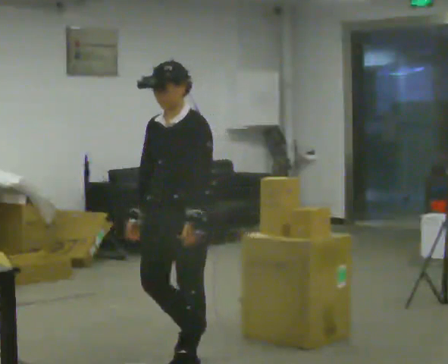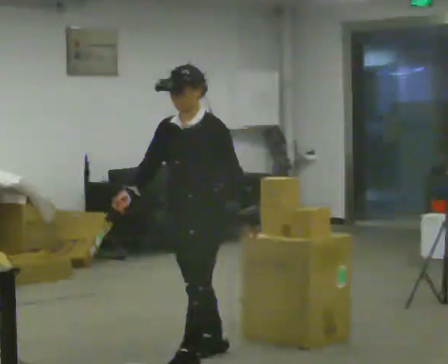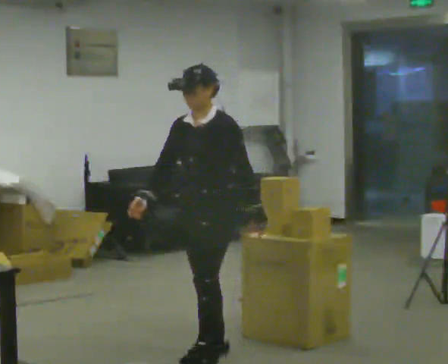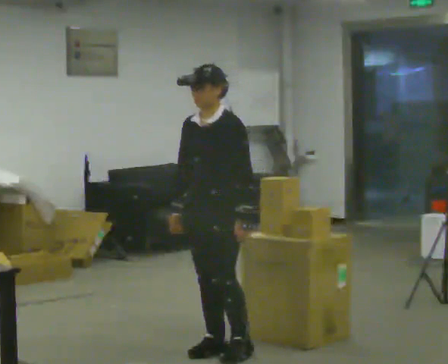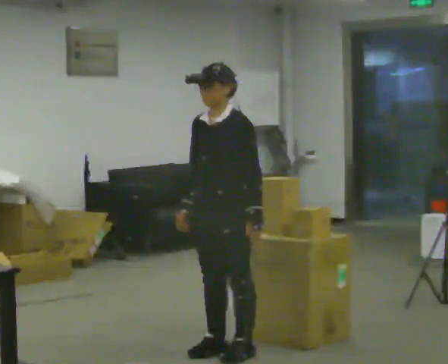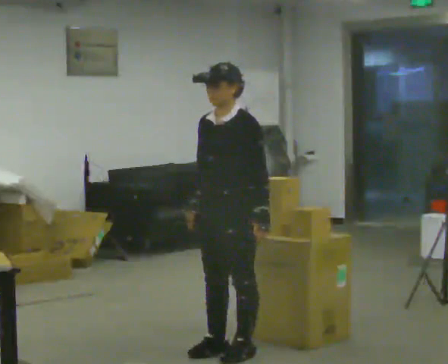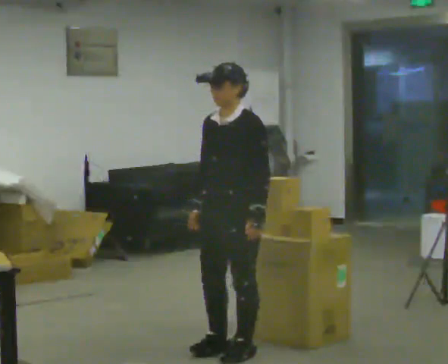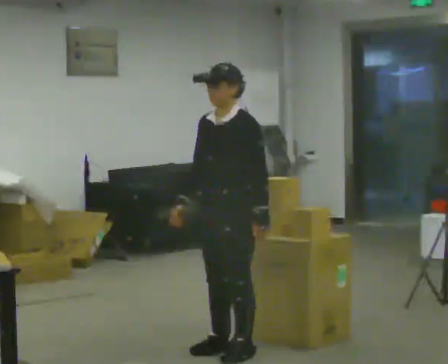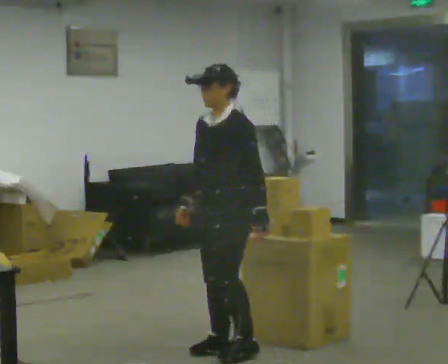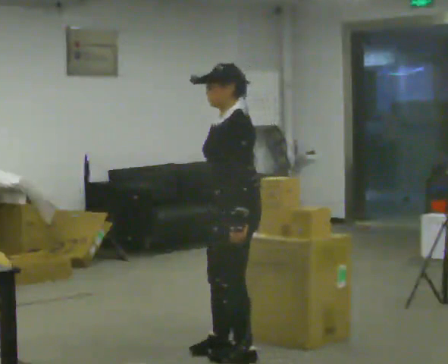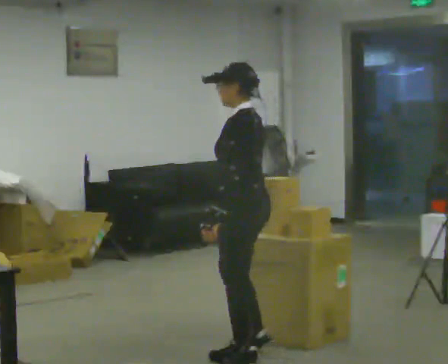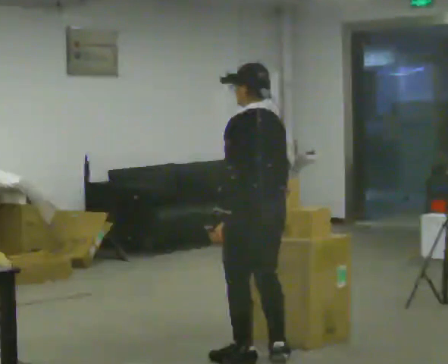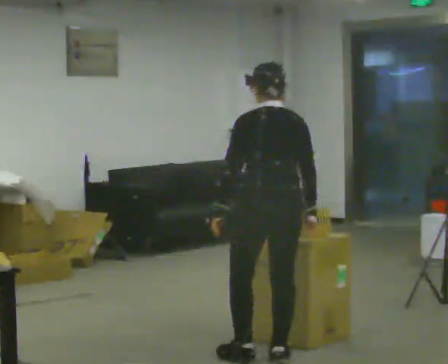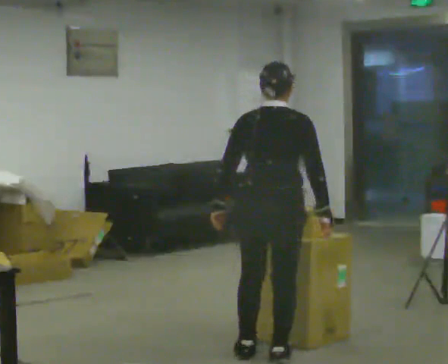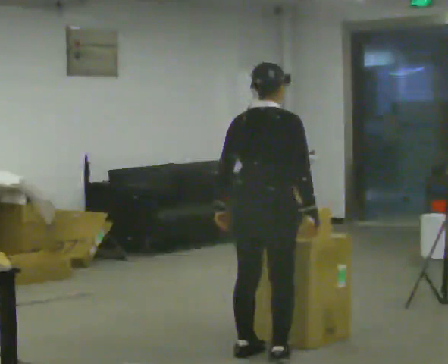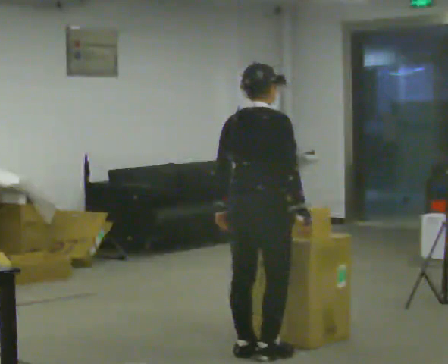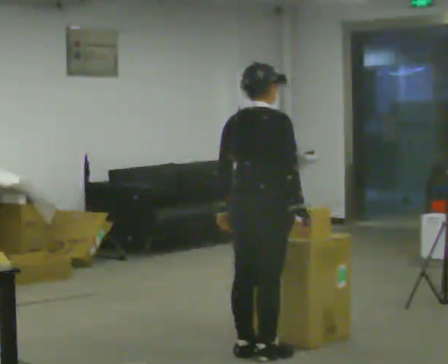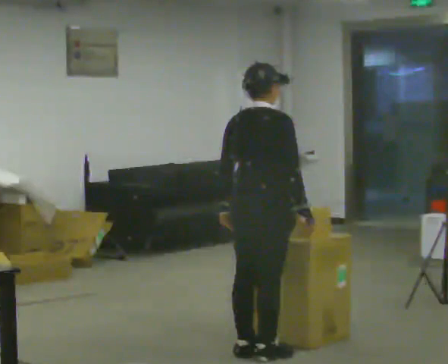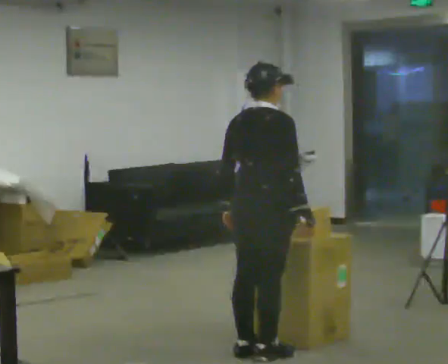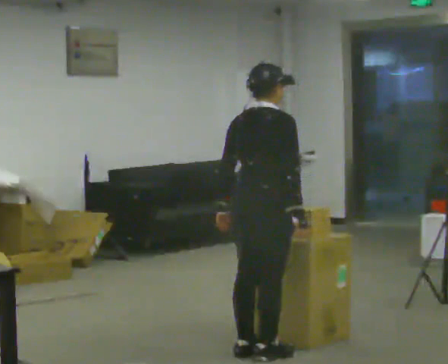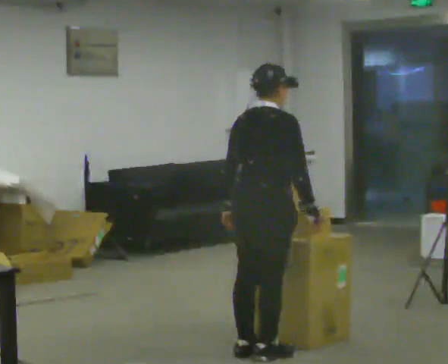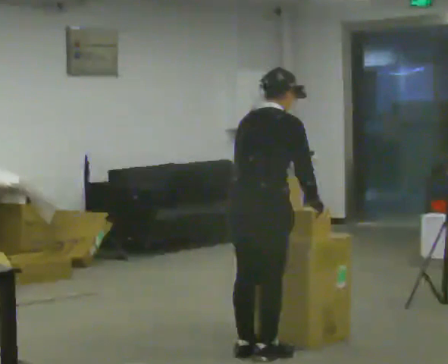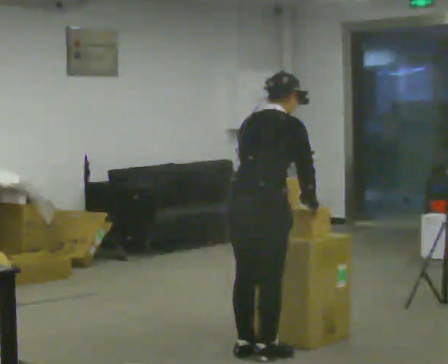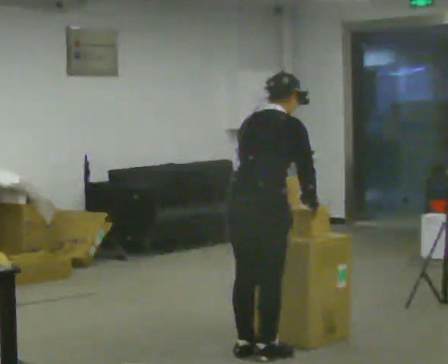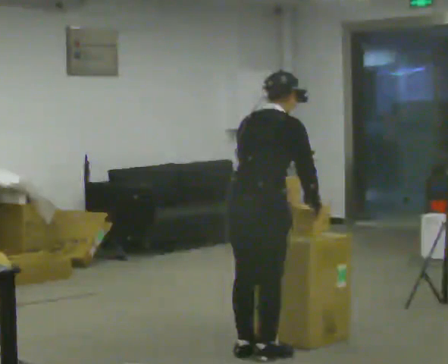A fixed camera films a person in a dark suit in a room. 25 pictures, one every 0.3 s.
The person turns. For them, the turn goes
to their right.
The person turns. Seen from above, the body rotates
clockwise.
0.0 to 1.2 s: In the picture they go away from the camera and to the right, about 0.25 m in 1 step, which for them is backward.
1.2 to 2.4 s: The person moves a little, or ends about where they began.
2.4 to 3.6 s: Seen from above the body turns clockwise, about 105 degrees: to their right, with its near side sliding to the left. In the picture they go to the right, about 0.25 m in 1 step.
3.6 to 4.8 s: The part of the body nearest the lens slides to the left as the person turns to their right by about 60 degrees.
4.8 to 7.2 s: The person moves a little, or ends about where they began.
The film runs backward here.
